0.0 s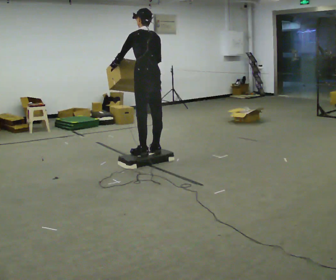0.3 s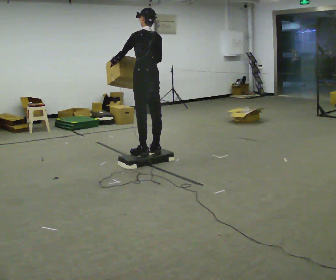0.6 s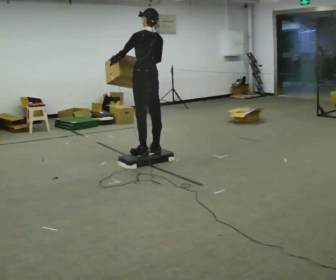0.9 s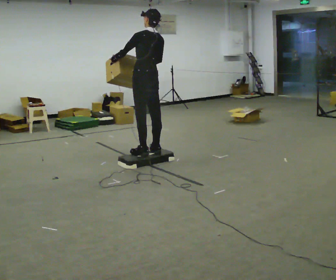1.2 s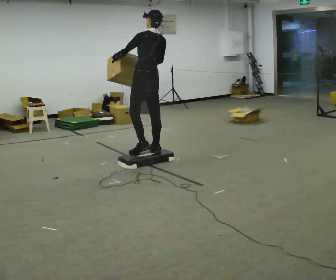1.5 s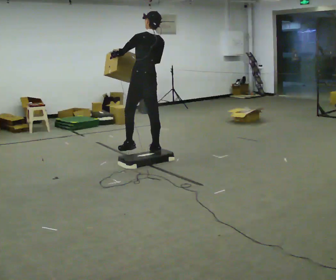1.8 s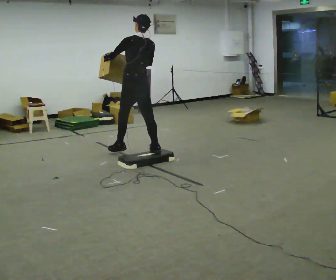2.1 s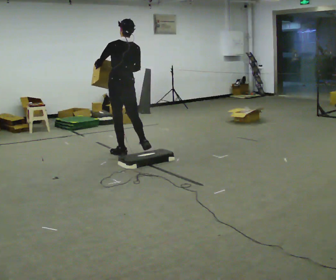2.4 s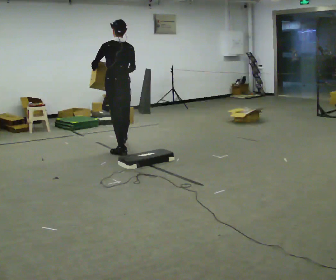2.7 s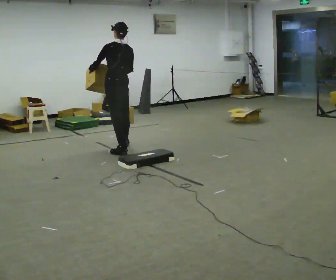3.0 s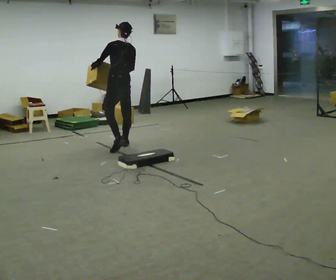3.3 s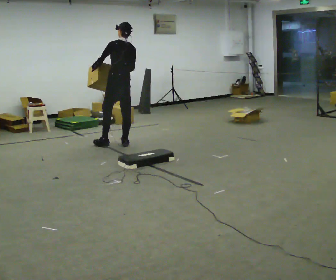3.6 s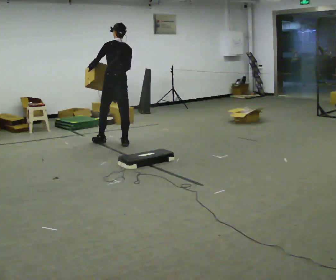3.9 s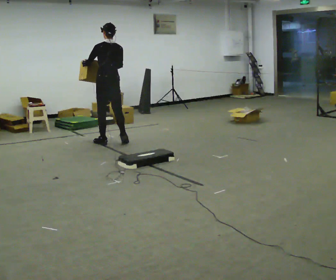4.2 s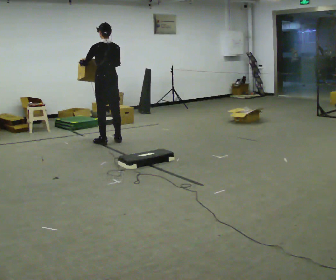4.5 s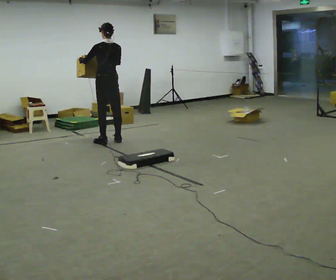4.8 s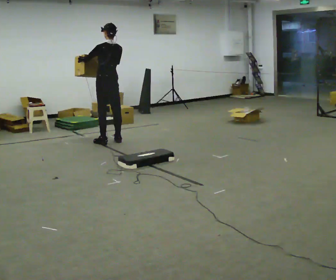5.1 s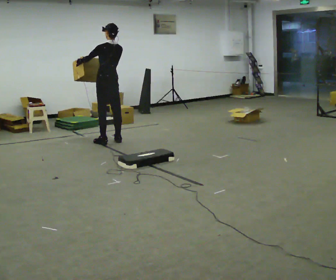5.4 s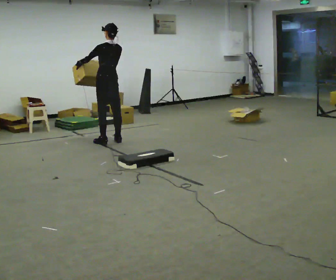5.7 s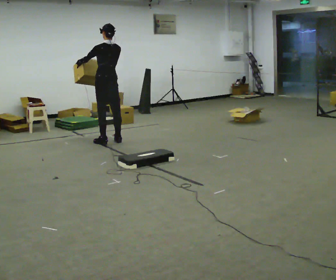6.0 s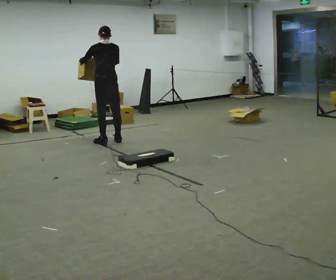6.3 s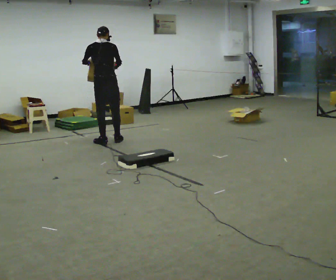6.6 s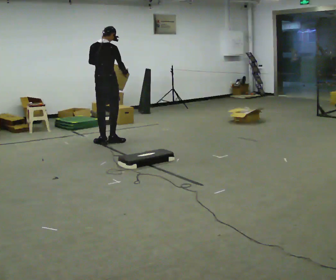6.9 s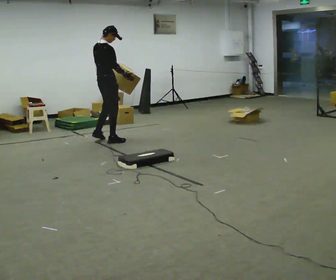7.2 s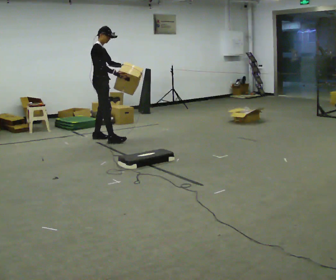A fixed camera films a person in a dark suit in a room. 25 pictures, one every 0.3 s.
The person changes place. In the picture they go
away from the camera.
0.0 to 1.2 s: The person moves a little, or ends about where they began.
1.2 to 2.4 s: In the picture they go to the left and away from the camera, about 0.5 m in 1 step, which for them is forward and to their left.
2.4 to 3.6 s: In the picture they go away from the camera, about 0.5 m in 2 steps, which for them is forward and to their right.
3.6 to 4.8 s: In the picture they go away from the camera, about 0.25 m in 1 step, which for them is forward.
4.8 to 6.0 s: The person moves a little, or ends about where they began.
6.0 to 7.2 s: The person turns about 120 degrees to their right, clockwise seen from above, so the part of the body nearest the lens slides to the left. In the picture they go away from the camera and to the left, about 0.25 m in 1 step.
The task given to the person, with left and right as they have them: Carry the box up onto the platform, across it, and down the other side, then bring it back. Keep going until the operator says stop; one object at a time, and do not rush between trips.
The film runs forward here.
